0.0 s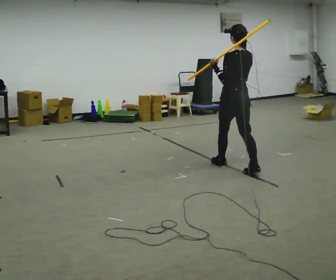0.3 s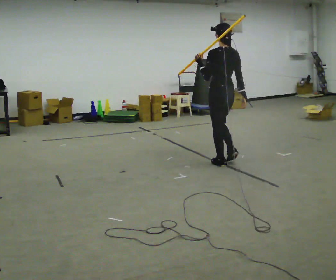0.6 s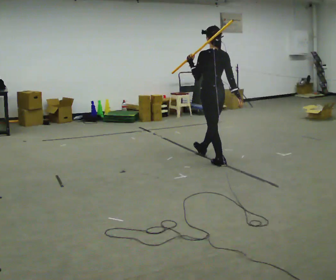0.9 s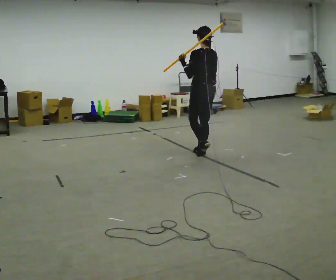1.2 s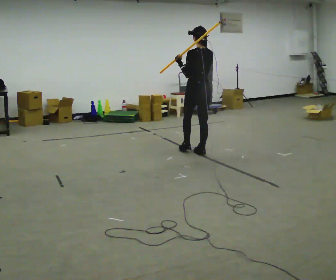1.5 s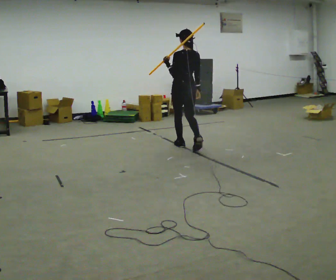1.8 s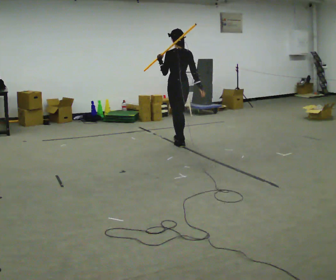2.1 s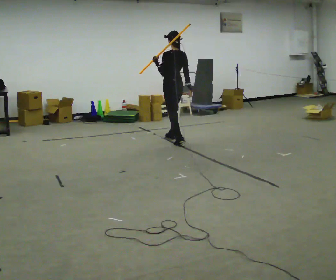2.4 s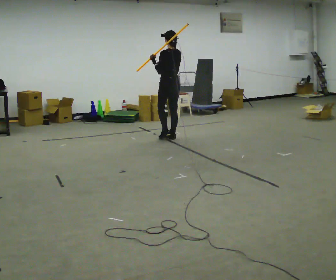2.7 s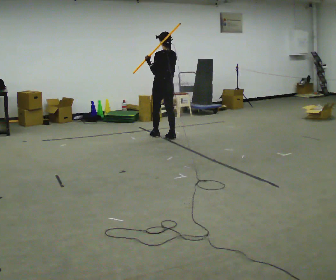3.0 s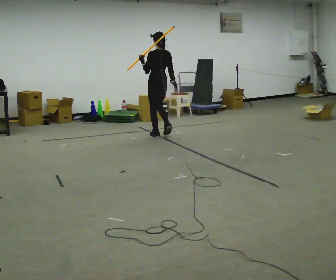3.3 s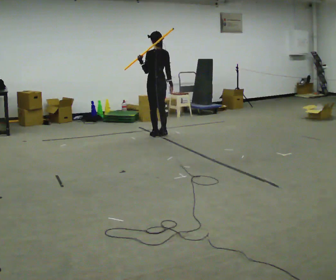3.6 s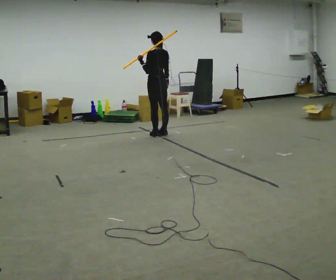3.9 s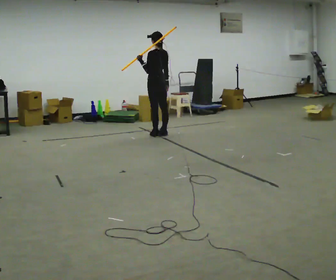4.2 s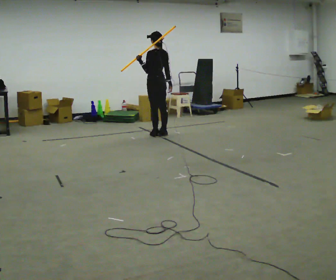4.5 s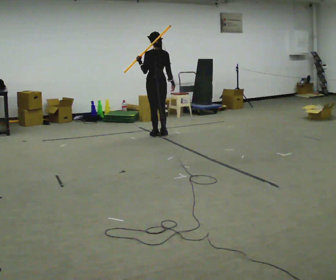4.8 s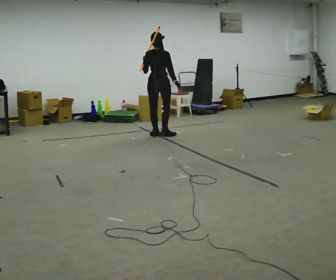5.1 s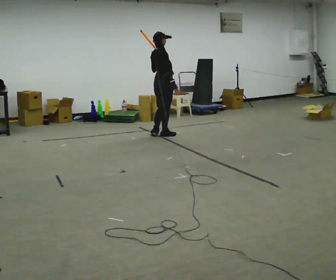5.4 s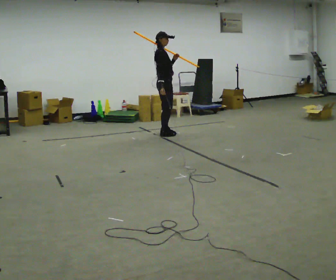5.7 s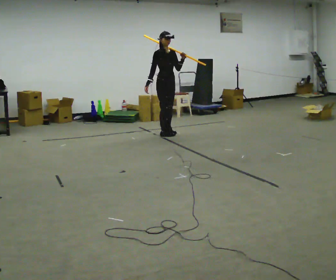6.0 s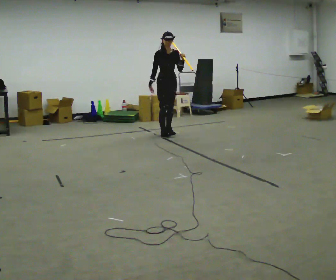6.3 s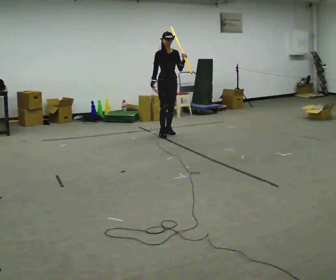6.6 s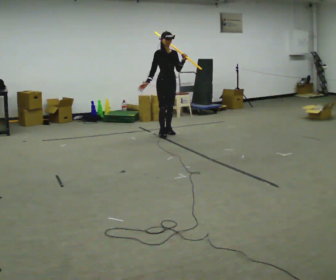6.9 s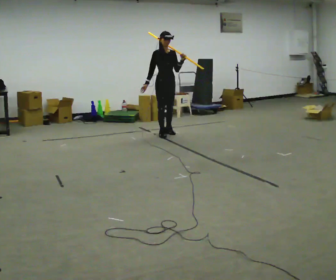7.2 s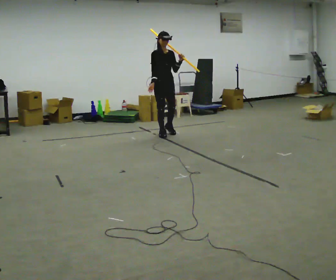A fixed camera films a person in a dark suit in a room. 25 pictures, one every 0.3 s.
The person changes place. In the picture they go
away from the camera.
0.0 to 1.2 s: In the picture they go away from the camera and to the left, about 1 m in 1 step, which for them is forward.
1.2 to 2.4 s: In the picture they go away from the camera, about 1 m in 2 steps, which for them is forward.
2.4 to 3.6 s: In the picture they go away from the camera and to the left, about 0.25 m in 2 steps, which for them is forward.
3.6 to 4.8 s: The person turns about 60 degrees to their right, clockwise seen from above, so the part of the body nearest the lens slides to the left.
4.8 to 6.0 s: The person turns about 150 degrees to their right, clockwise seen from above, so the part of the body nearest the lens slides to the left. In the picture they go away from the camera and to the right, about 0.25 m in 1 step. In the picture their left hand goes to the right.
6.0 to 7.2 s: In the picture they go toward the camera, about 0.25 m, which for them is forward.
The film runs forward here.
